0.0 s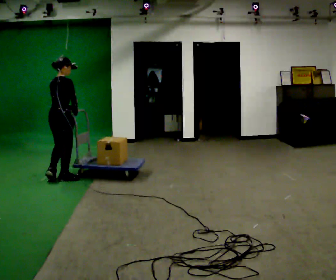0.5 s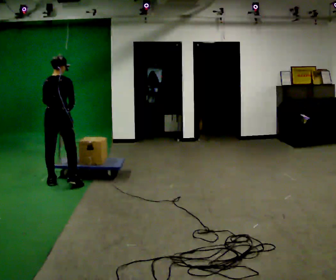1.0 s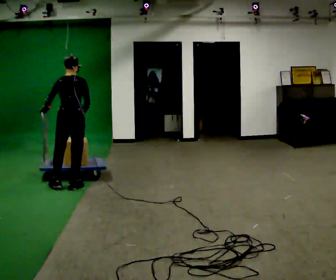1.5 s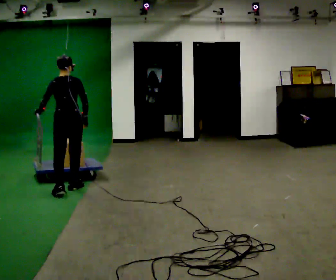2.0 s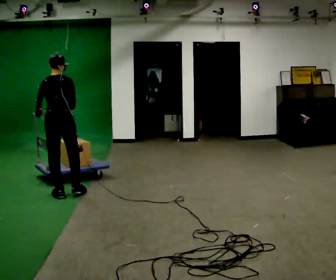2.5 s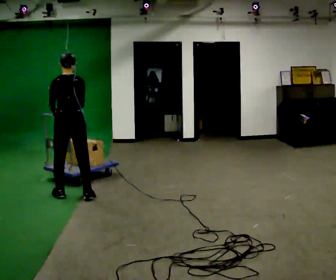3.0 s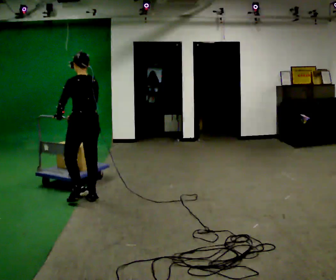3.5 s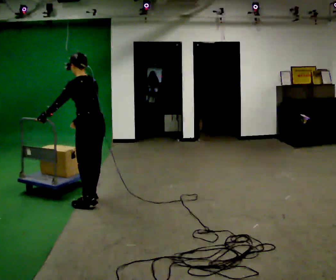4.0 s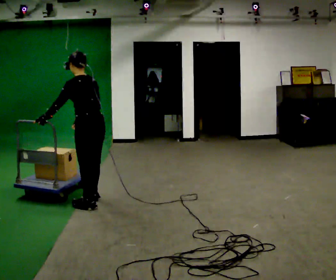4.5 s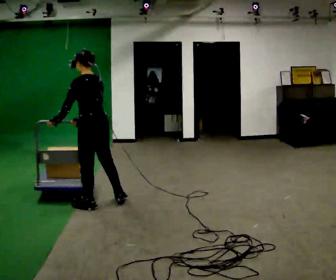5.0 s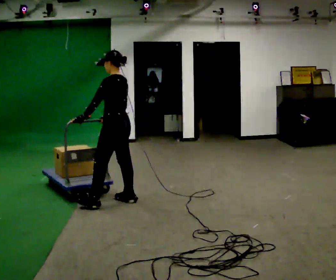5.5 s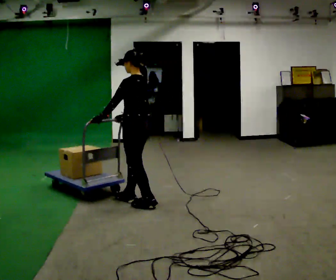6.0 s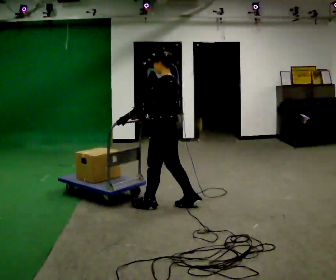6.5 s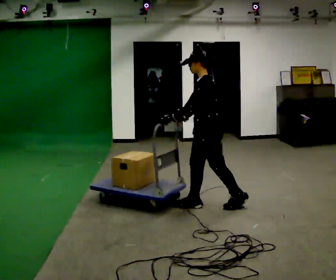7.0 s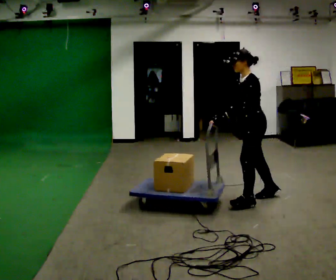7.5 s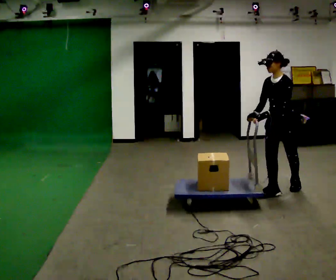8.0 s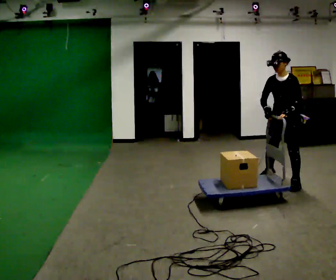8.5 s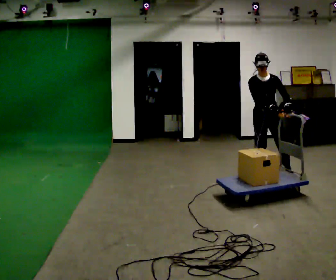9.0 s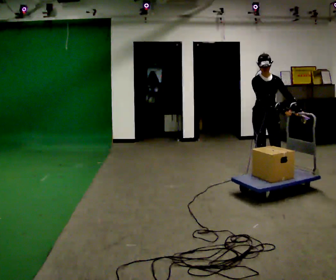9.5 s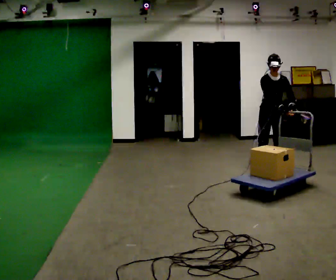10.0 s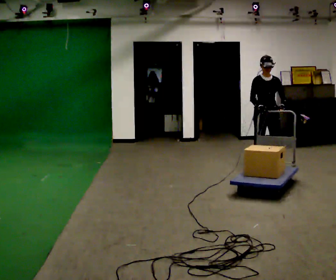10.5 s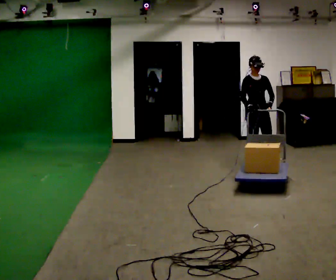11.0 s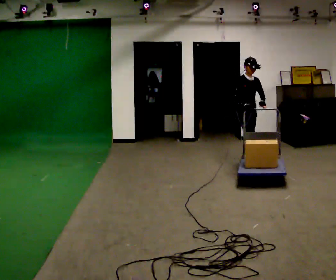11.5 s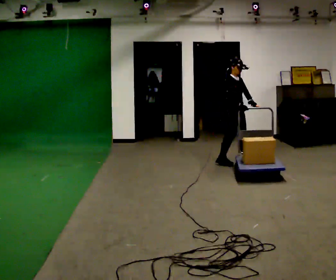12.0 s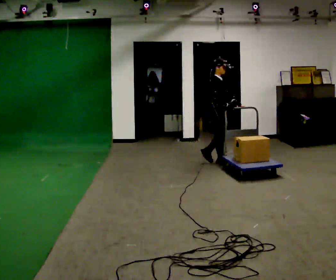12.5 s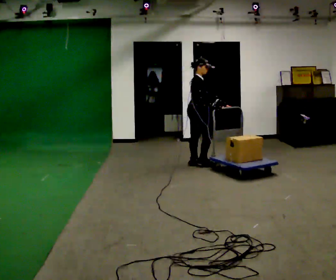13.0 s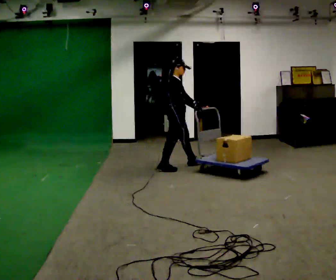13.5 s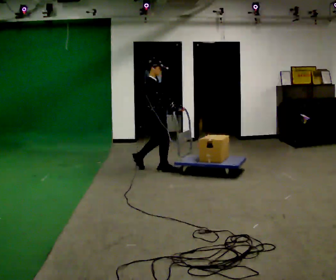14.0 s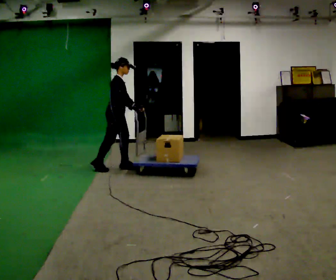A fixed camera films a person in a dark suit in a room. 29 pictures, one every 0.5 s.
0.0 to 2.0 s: Seen from above the body turns counterclockwise, about 45 degrees: to their left, with its near side sliding to the right. In the picture they go toward the camera and to the right, about 0.5 m in 3 steps, which for them is backward.
2.0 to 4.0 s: The part of the body nearest the lens slides to the right as the person turns to their left by about 45 degrees. In the picture they go to the right, about 0.5 m in 2 steps, which for them is backward.
4.0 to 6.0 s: In the picture they go to the right, about 1 m in 2 steps, which for them is backward.
6.0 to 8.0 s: Seen from above the body turns counterclockwise, about 75 degrees: to their left, with its near side sliding to the right. In the picture they go to the right and away from the camera, about 1.5 m in 4 steps.
8.0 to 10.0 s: The part of the body nearest the lens slides to the right as the person turns to their left by about 45 degrees. In the picture they go away from the camera, about 1 m in 2 steps, which for them is backward.
10.0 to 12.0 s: The person turns about 75 degrees to their left, counterclockwise seen from above, so the part of the body nearest the lens slides to the right. In the picture they go to the left and away from the camera, about 1 m in 3 steps.
12.0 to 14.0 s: In the picture they go to the left and toward the camera, about 1.5 m in 4 steps, which for them is backward.
The film runs backward here.
